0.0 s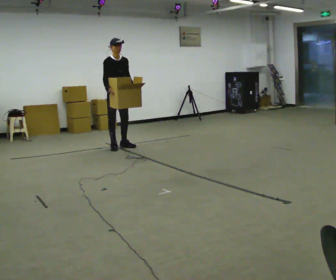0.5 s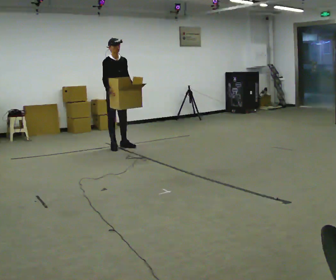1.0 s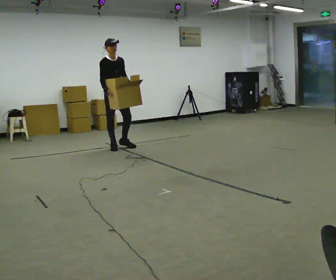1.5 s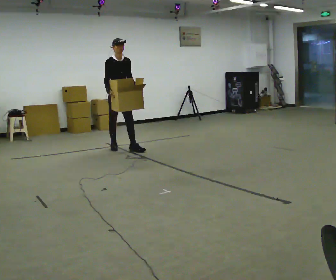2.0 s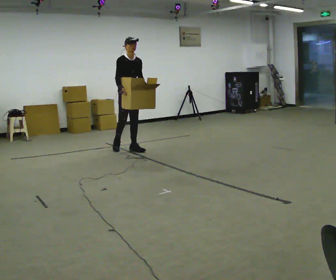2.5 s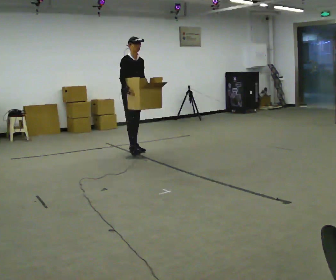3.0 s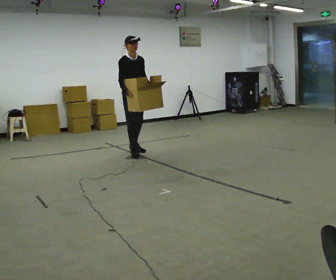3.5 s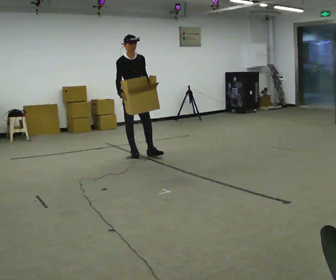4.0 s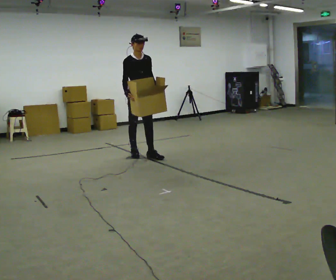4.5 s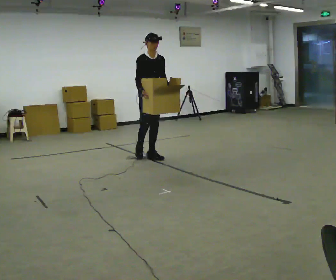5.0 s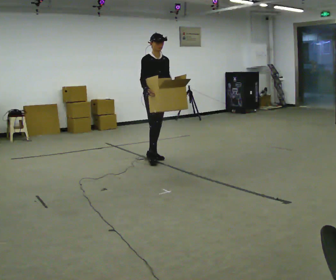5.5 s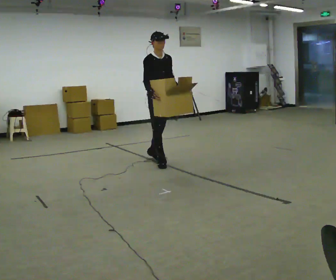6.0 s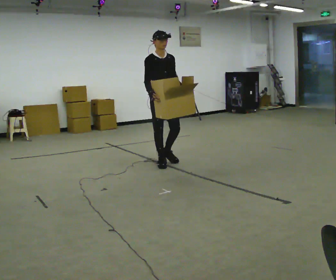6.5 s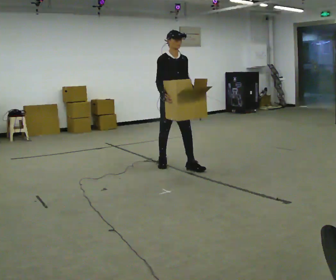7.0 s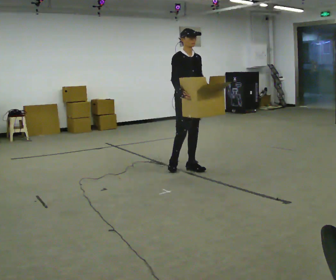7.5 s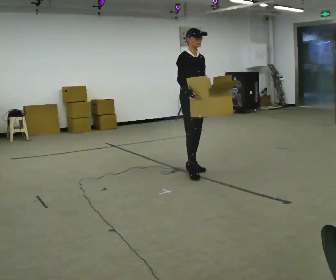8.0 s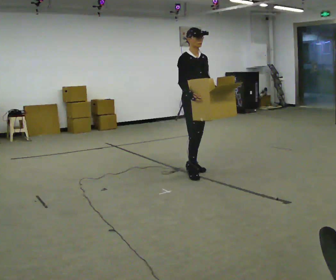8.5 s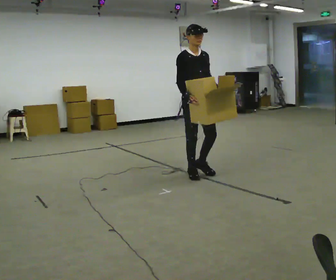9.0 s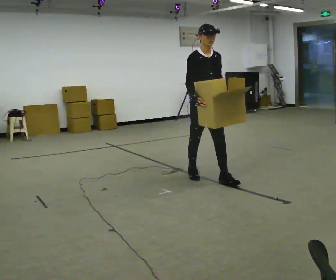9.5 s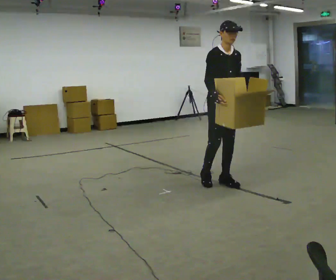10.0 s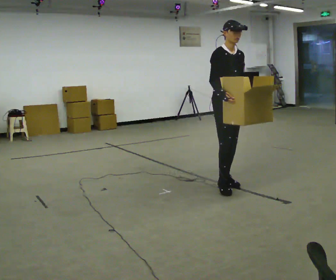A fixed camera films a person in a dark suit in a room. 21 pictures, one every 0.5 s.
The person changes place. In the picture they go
toward the camera.
0.0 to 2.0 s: In the picture they go to the right and toward the camera, about 0.25 m in 1 step, which for them is forward.
2.0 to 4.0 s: In the picture they go toward the camera and to the right, about 0.5 m in 2 steps, which for them is forward.
4.0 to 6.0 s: In the picture they go toward the camera and to the right, about 0.5 m in 1 step, which for them is forward.
6.0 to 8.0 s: In the picture they go toward the camera and to the right, about 0.5 m in 2 steps, which for them is forward.
8.0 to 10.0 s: In the picture they go toward the camera and to the right, about 0.5 m in 1 step, which for them is forward.
The film runs forward here.
